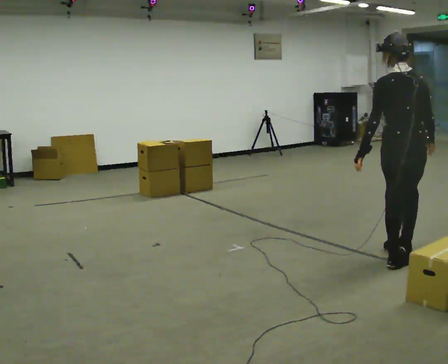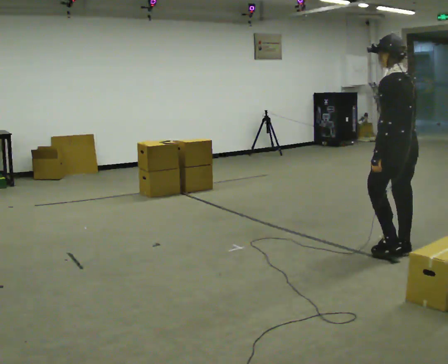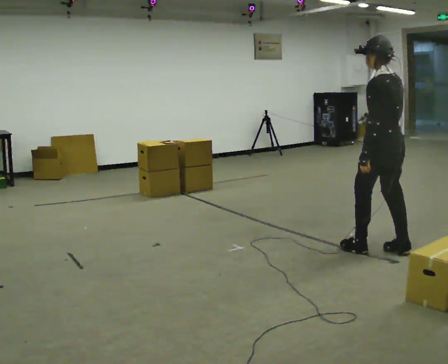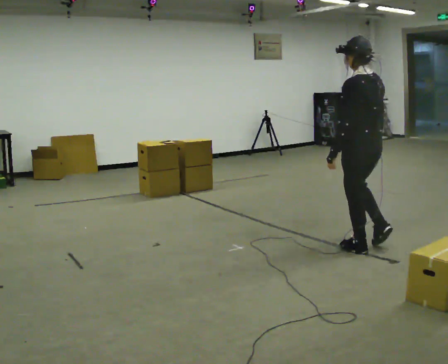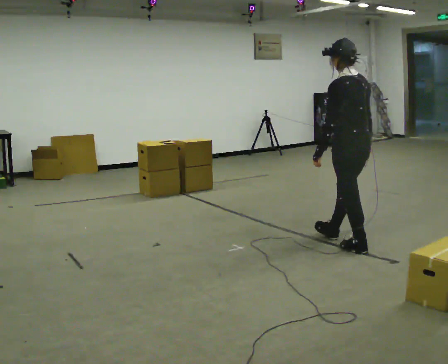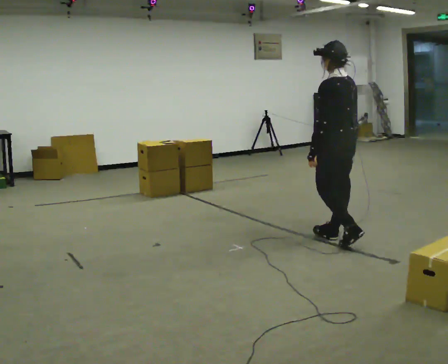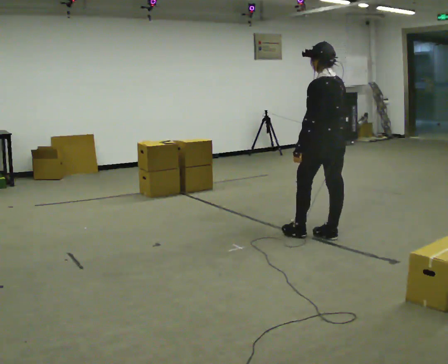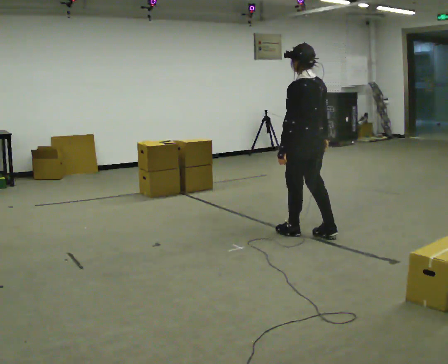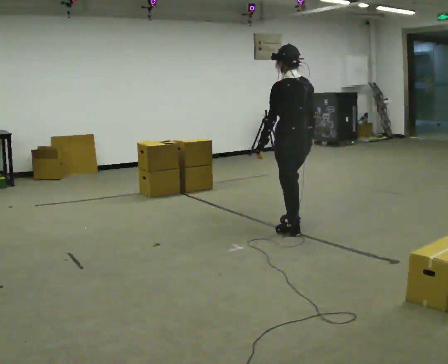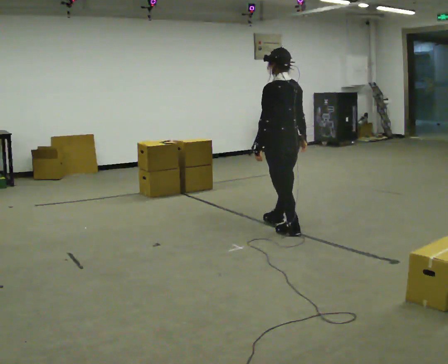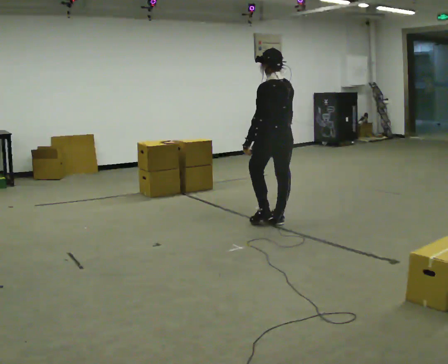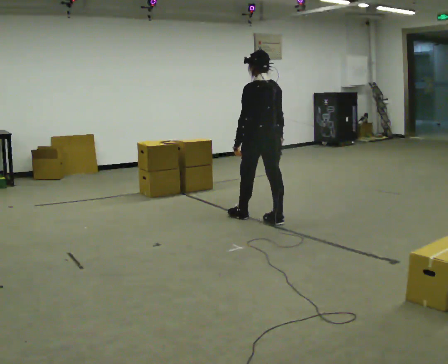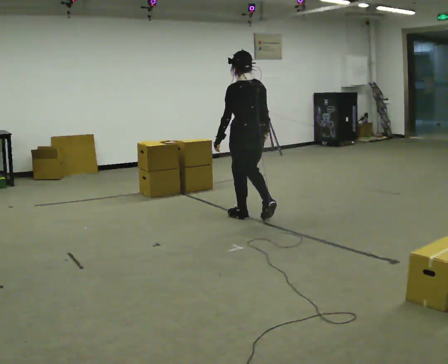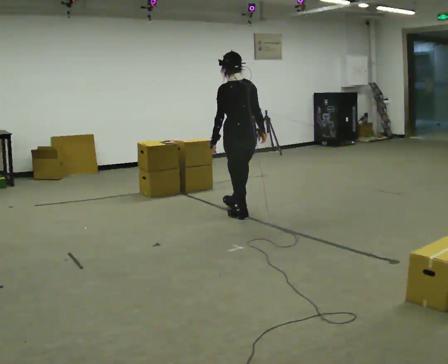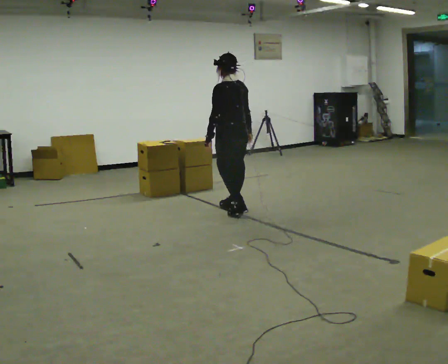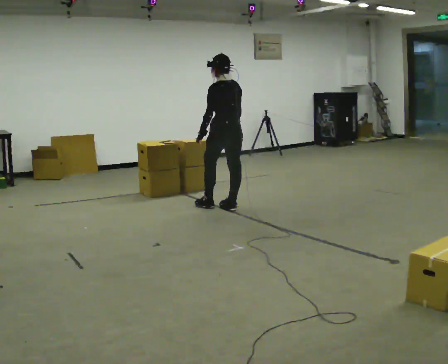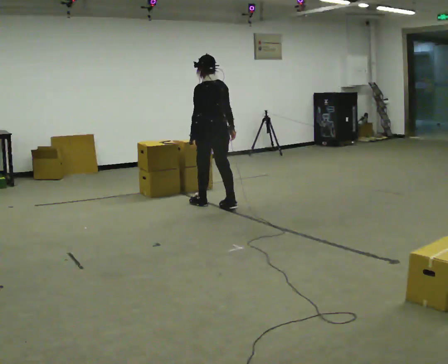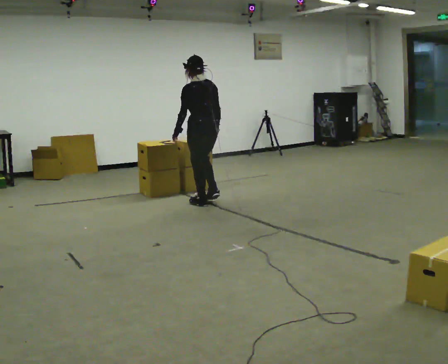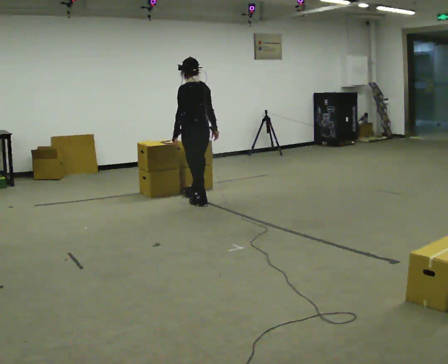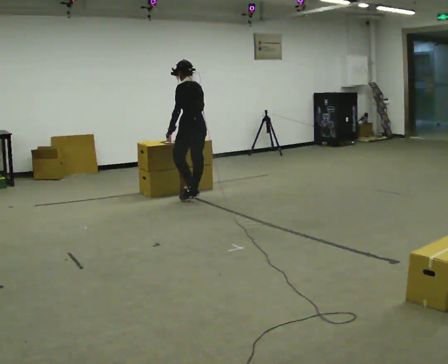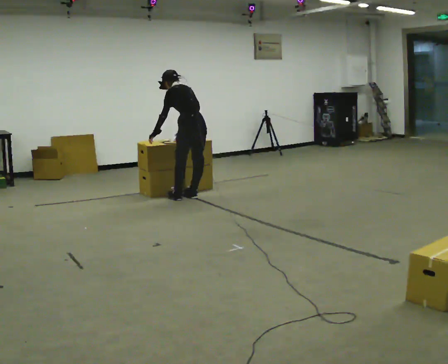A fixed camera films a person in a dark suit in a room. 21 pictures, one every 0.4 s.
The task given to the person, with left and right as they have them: Carry the box and, while you are still walking, turn it so you can read the label, read it out loud, then carry on. Repeat with the next box. Do not stop to read it.
0.0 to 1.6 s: Seen from above the body turns counterclockwise, about 30 degrees: to their left, with its near side sliding to the right. In the picture they go to the left and away from the camera, about 0.5 m in 2 steps, which for them is forward.
1.6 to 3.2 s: In the picture they go to the left and away from the camera, about 0.5 m in 1 step, which for them is forward.
3.2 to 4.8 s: In the picture they go away from the camera and to the left, about 0.75 m in 2 steps, which for them is forward.
4.8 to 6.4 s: In the picture they go away from the camera and to the left, about 0.5 m in 2 steps, which for them is forward.
6.4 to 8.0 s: In the picture they go away from the camera and to the left, about 0.5 m in 2 steps, which for them is forward. In the picture the upper body tilts counterclockwise, shoulders to the left, as they bend forward.
The film runs forward here.
